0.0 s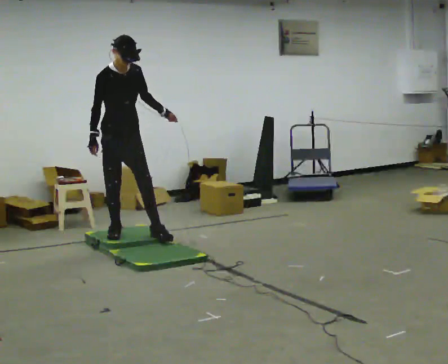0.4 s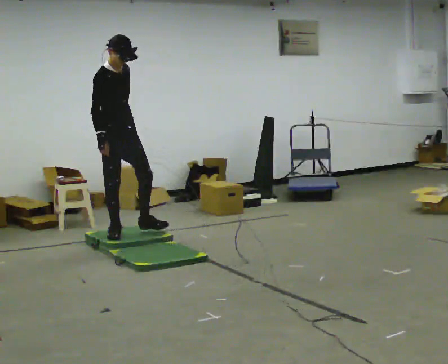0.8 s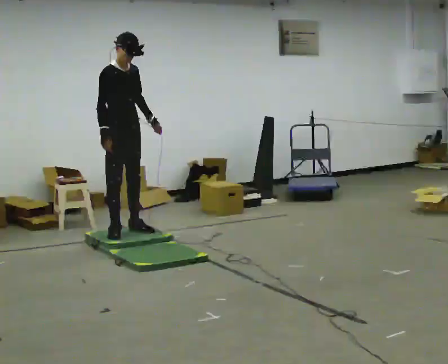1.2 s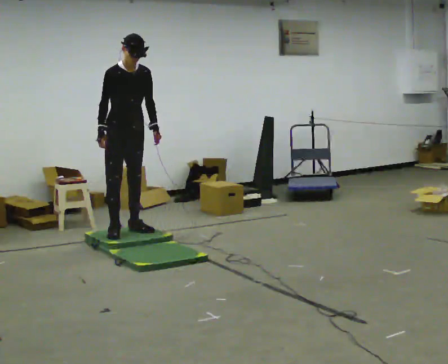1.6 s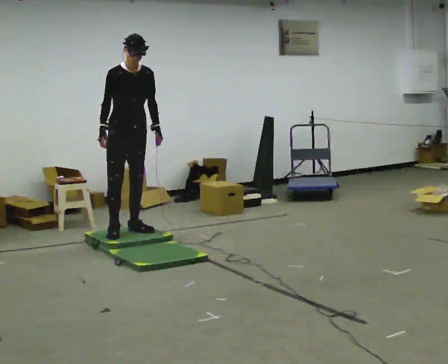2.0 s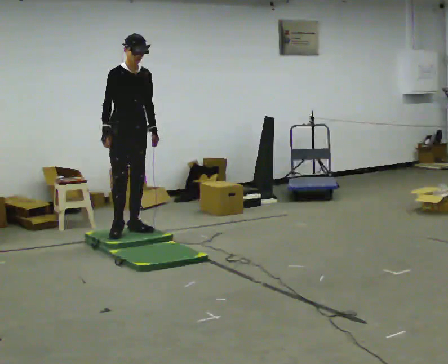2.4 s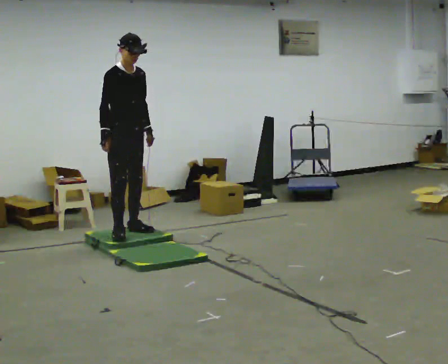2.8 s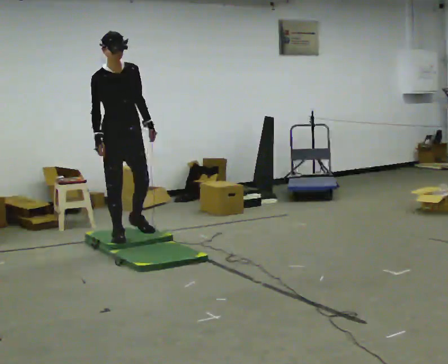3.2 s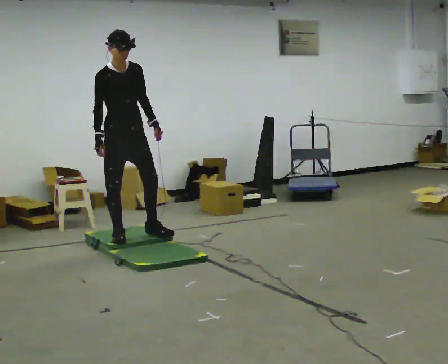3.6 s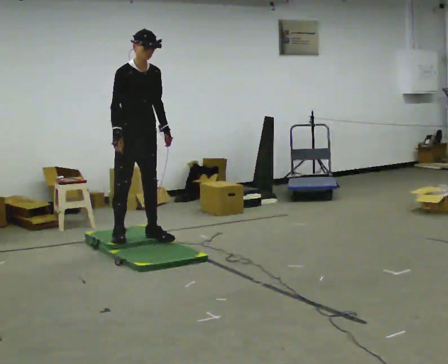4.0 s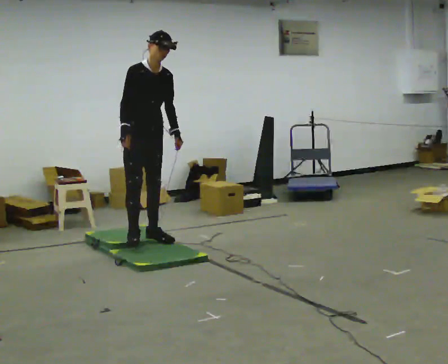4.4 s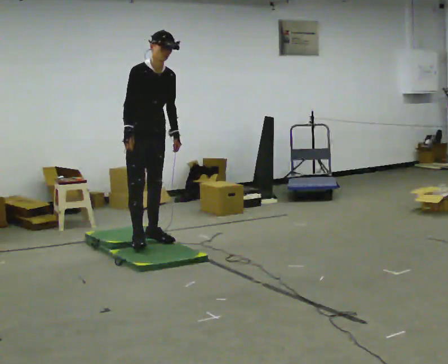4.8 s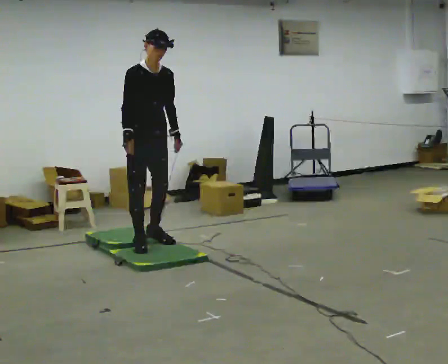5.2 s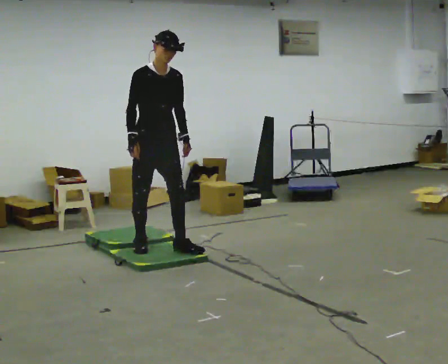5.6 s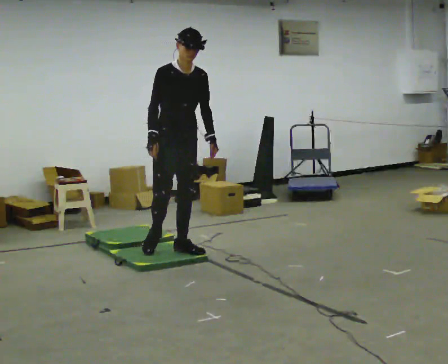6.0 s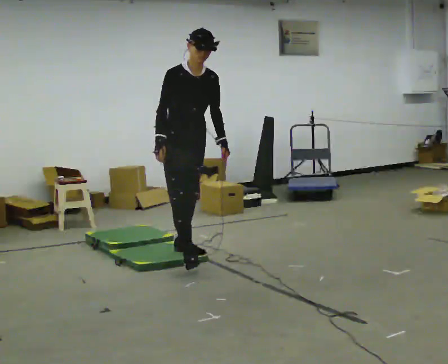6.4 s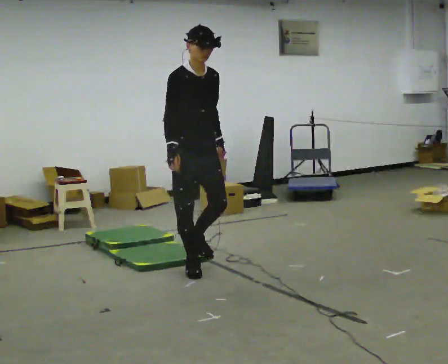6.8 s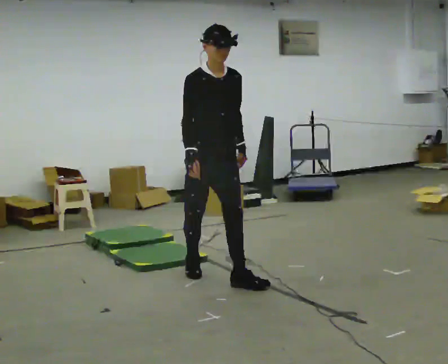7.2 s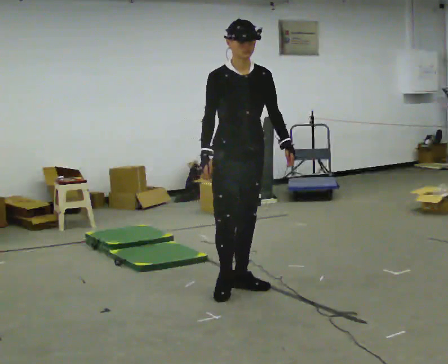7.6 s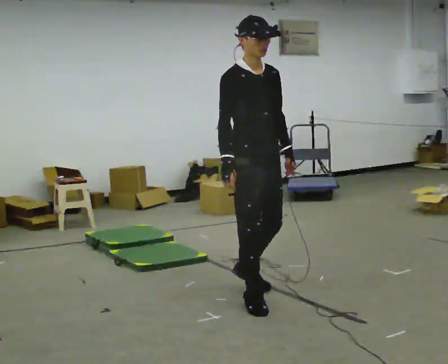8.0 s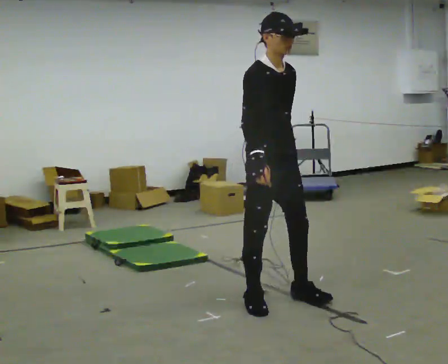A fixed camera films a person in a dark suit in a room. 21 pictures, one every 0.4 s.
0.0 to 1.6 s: In the picture they go away from the camera, about 0.25 m in 1 step, which for them is to their left.
1.6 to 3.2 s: In the picture they go toward the camera, about 0.25 m in 1 step, which for them is forward and to their right.
3.2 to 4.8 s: In the picture they go toward the camera and to the right, about 0.25 m in 1 step, which for them is forward.
4.8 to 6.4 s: In the picture they go toward the camera and to the right, about 1 m in 2 steps, which for them is forward.
6.4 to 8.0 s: In the picture they go toward the camera and to the right, about 1 m in 3 steps, which for them is forward.
The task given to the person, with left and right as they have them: Walk across the mats at a normal pace. They may not all feel the same underfoot. Carry on afterwards.
The film runs forward here.
